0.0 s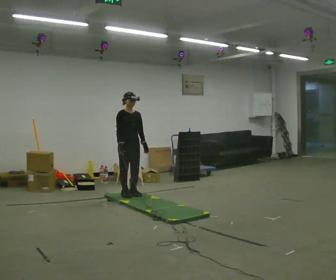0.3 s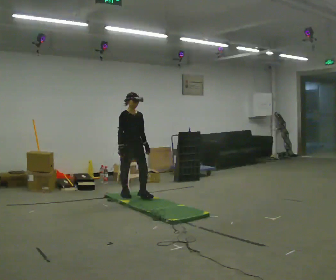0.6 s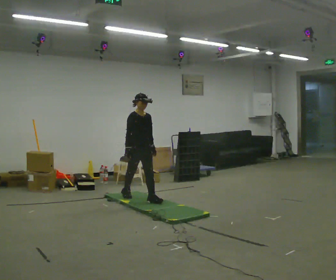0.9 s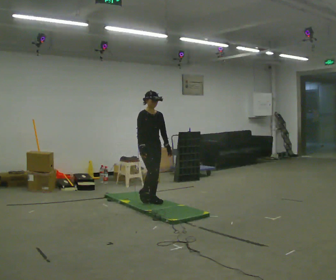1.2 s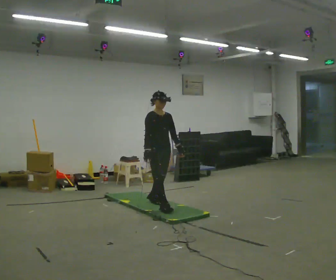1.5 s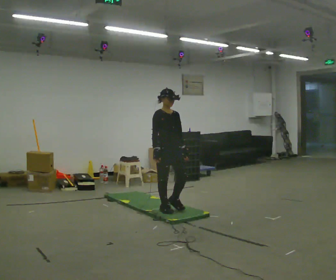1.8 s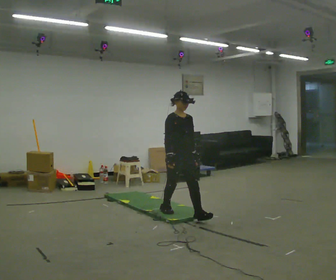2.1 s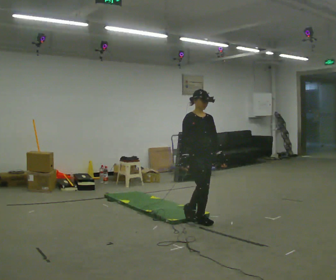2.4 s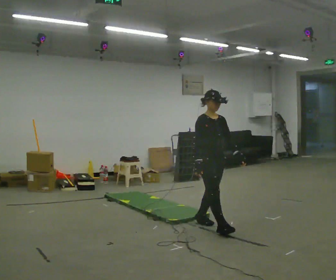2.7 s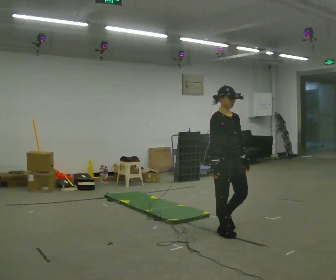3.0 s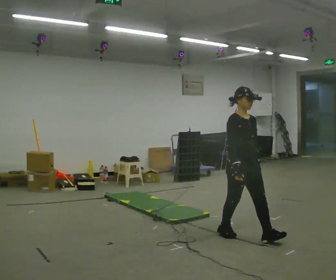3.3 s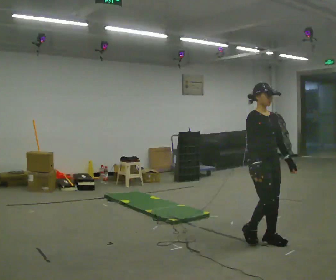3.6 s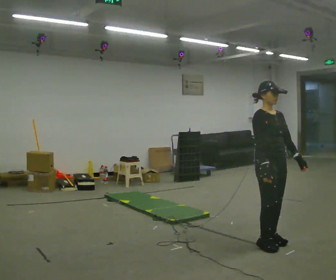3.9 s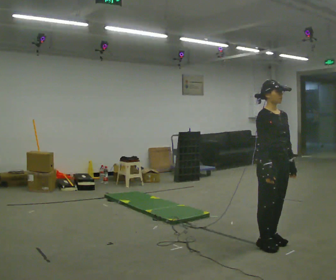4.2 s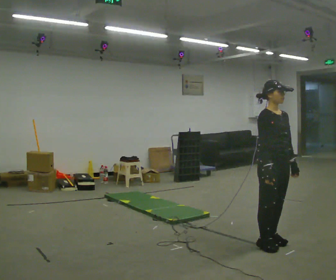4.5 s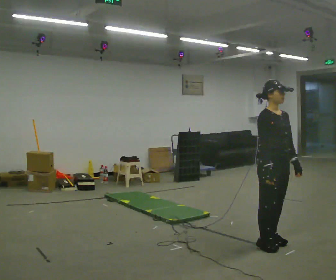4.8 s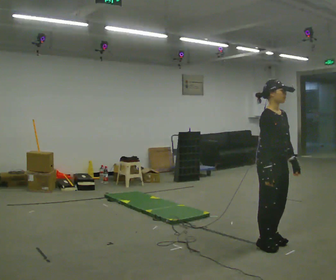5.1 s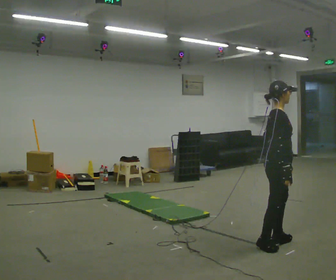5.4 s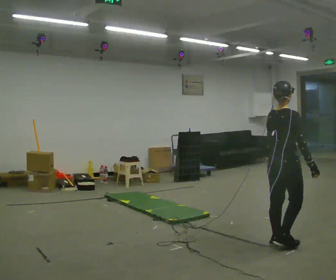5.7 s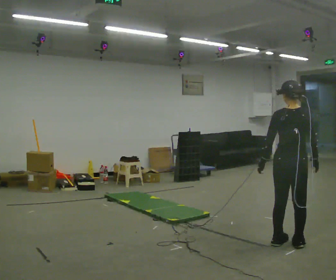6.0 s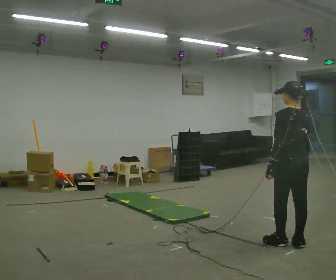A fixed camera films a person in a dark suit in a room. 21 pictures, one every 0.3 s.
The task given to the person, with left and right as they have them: Walk across the soft uneven mat at a comfortable speed; continue walking normally after you leave it.
0.0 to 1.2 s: In the picture they go to the right and toward the camera, about 1 m in 2 steps, which for them is forward.
1.2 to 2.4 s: In the picture they go to the right and toward the camera, about 1 m in 1 step, which for them is forward.
2.4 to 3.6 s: In the picture they go toward the camera and to the right, about 1 m in 3 steps, which for them is forward.
3.6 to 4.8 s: The person moves a little, or ends about where they began.
4.8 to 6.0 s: The person turns about 150 degrees to their left, counterclockwise seen from above, so the part of the body nearest the lens slides to the right. In the picture they go to the right, about 0.25 m in 1 step.
The film runs forward here.
